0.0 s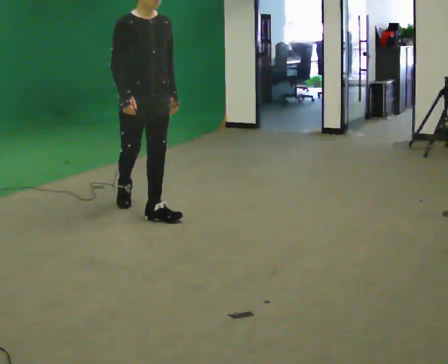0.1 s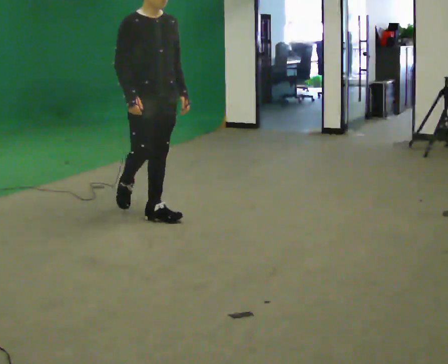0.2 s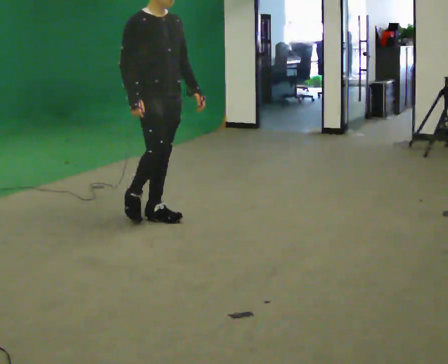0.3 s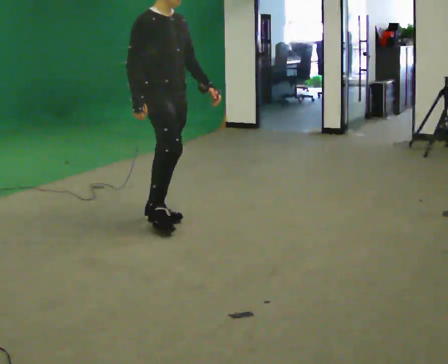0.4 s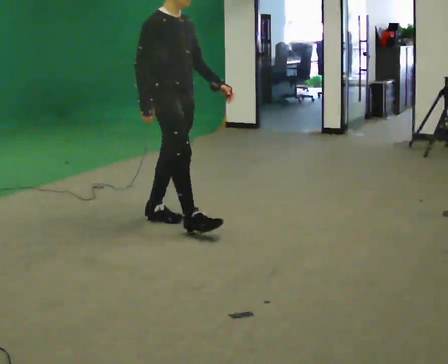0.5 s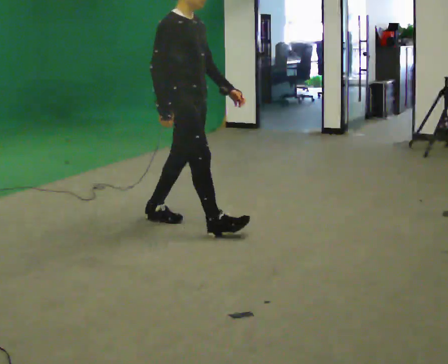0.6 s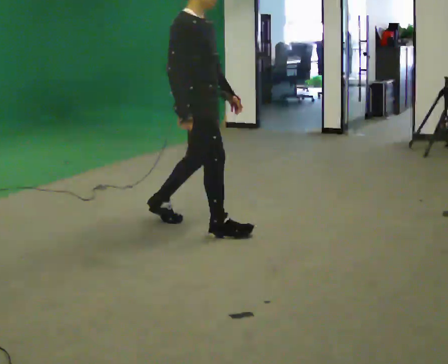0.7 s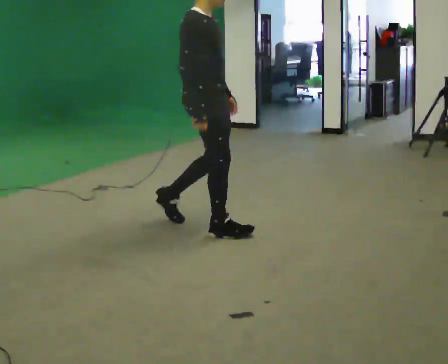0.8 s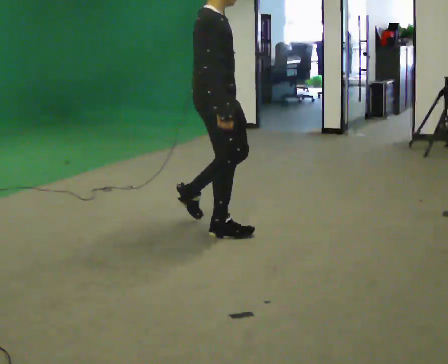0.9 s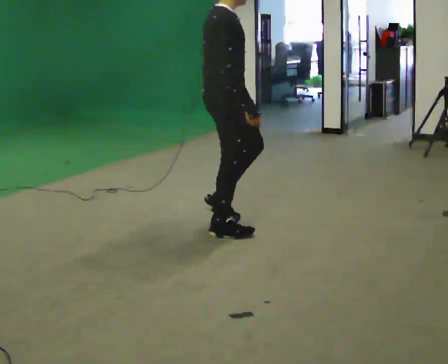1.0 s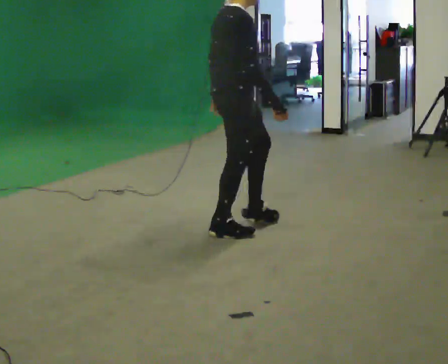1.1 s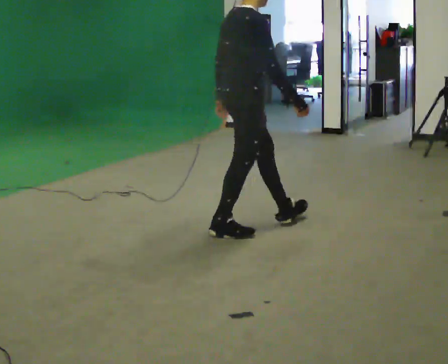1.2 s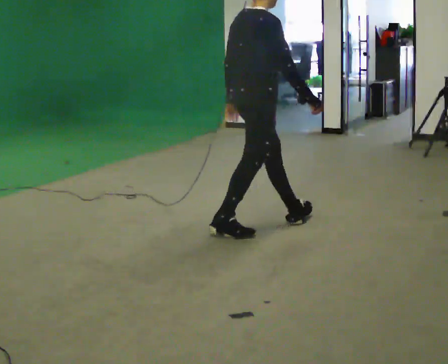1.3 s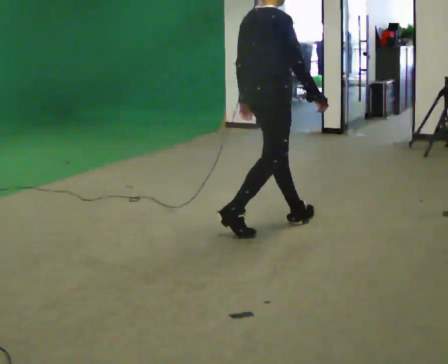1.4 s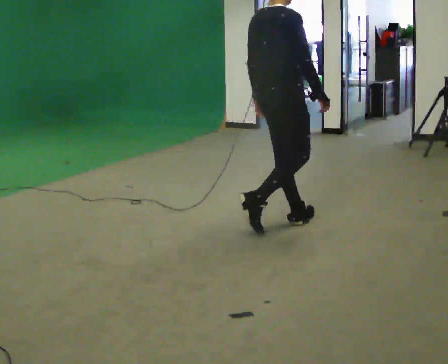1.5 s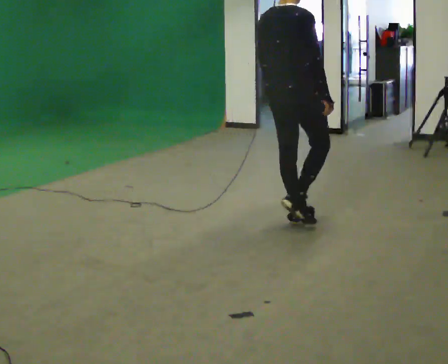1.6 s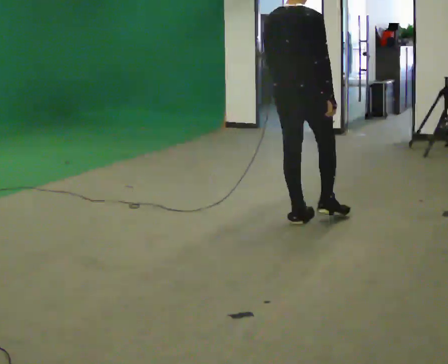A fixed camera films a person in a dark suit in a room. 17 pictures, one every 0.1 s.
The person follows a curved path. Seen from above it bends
counterclockwise.
The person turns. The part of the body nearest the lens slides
to the right.
0.0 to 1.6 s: Seen from above the body turns counterclockwise, about 105 degrees: to their left, with its near side sliding to the right. In the picture they go to the right, about 1 m in 2 steps.
The film runs forward here.
